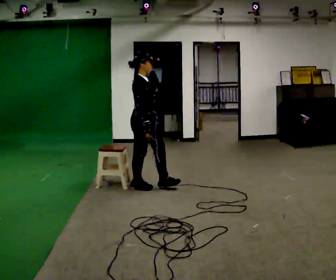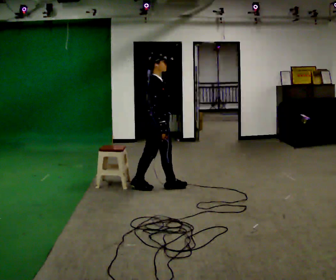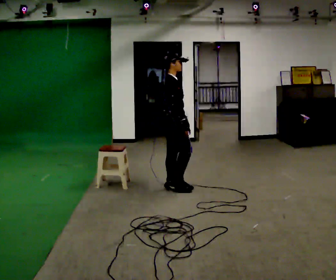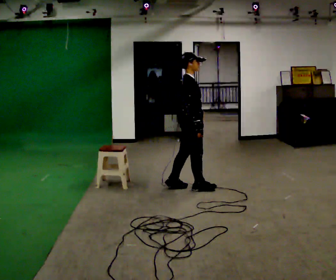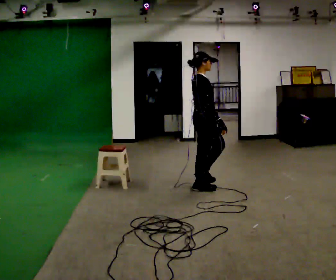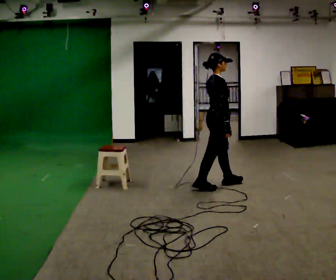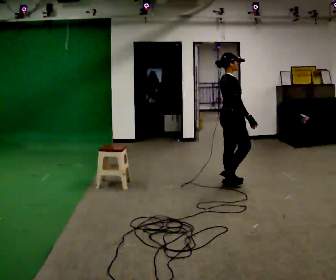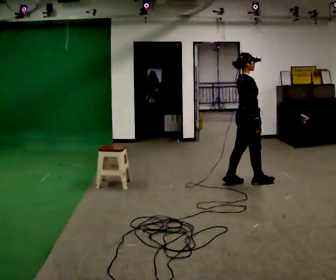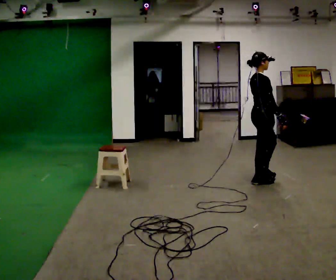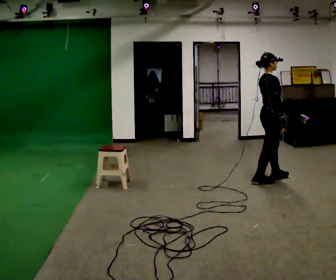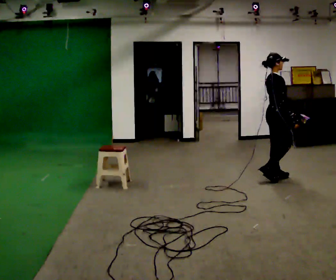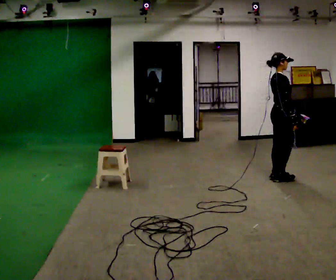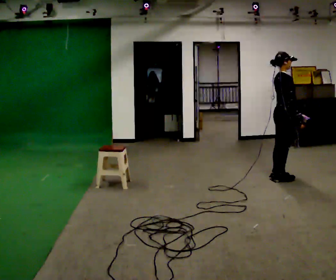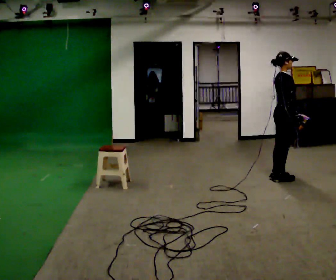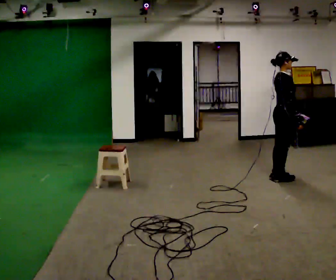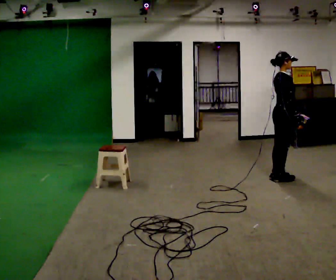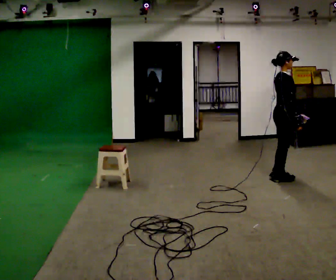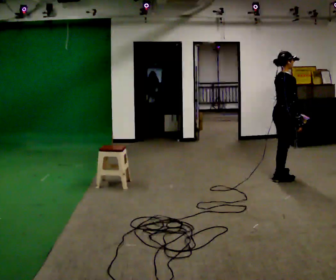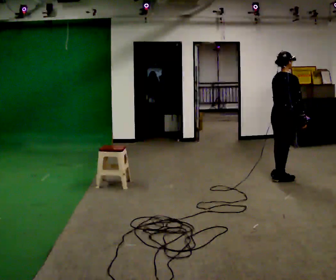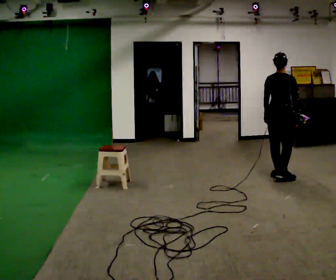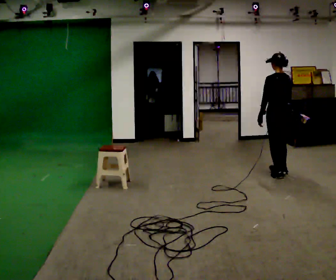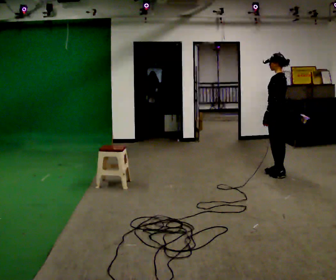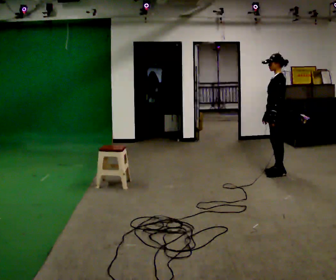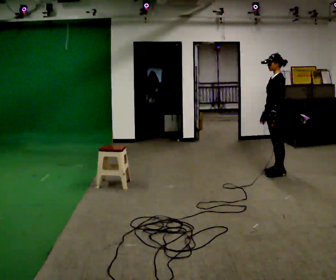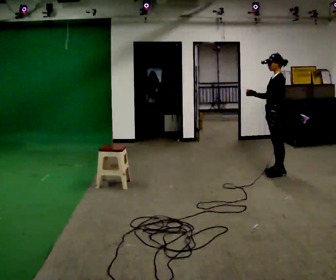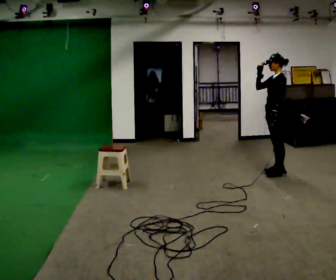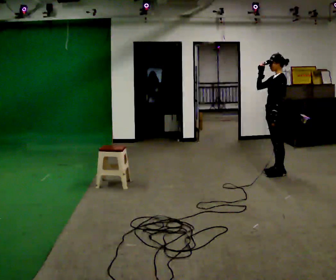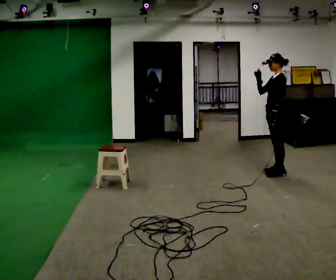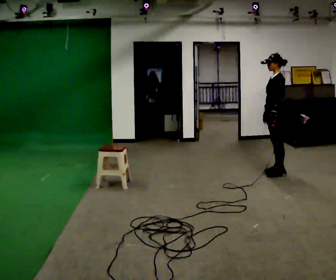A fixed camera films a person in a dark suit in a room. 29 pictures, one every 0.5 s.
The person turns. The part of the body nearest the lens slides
to the right.
The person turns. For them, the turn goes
to their left.
0.0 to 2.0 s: In the picture they go to the right, about 0.75 m in 2 steps, which for them is forward.
2.0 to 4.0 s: In the picture they go to the right and away from the camera, about 0.5 m in 2 steps, which for them is forward.
4.0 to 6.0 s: In the picture they go to the right and away from the camera, about 0.25 m in 2 steps, which for them is forward.
6.0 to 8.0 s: The person moves a little, or ends about where they began.
8.0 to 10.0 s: The person turns about 105 degrees to their left, counterclockwise seen from above, so the part of the body nearest the lens slides to the right. In the picture they go away from the camera, about 0.25 m.
10.0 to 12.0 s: The part of the body nearest the lens slides to the right as the person turns to their left by about 60 degrees. In the picture their right hand goes to the left and upward, the arm swinging clockwise.
12.0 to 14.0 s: In the picture their right hand goes downward.
The film runs forward here.
